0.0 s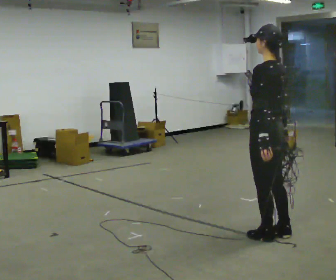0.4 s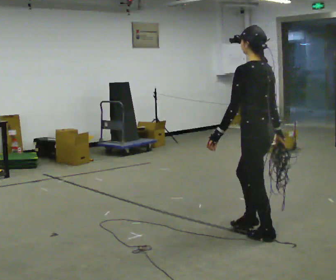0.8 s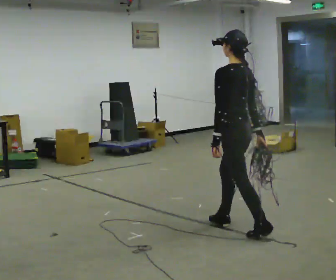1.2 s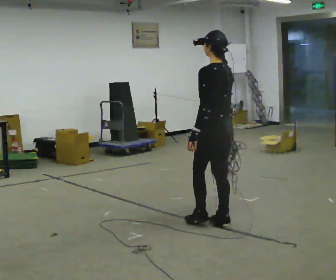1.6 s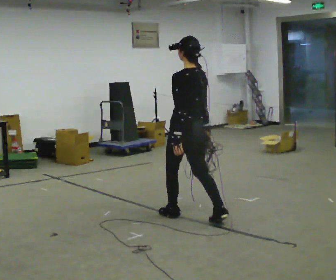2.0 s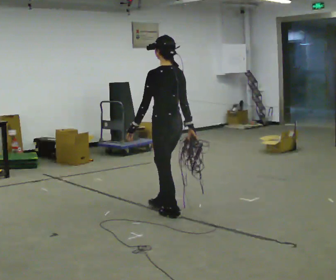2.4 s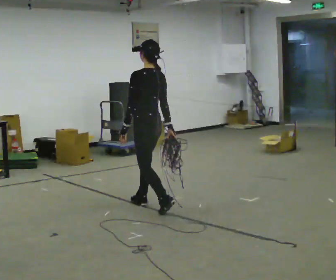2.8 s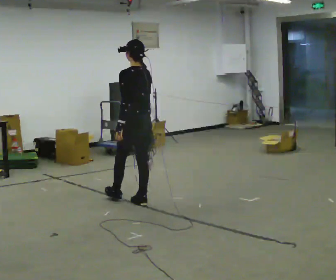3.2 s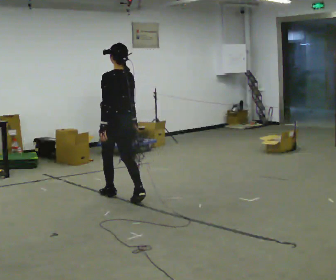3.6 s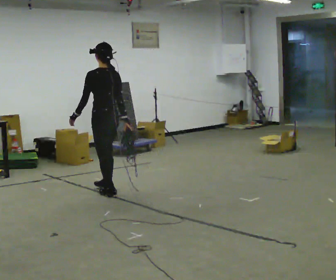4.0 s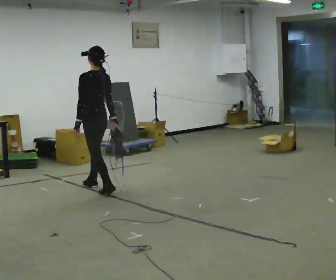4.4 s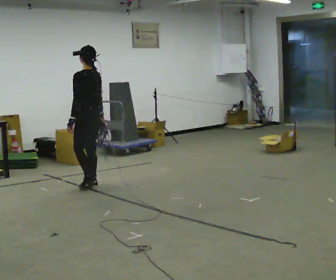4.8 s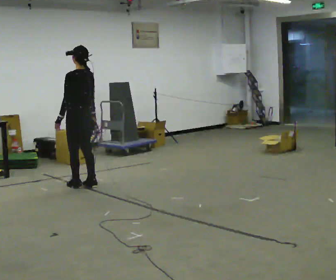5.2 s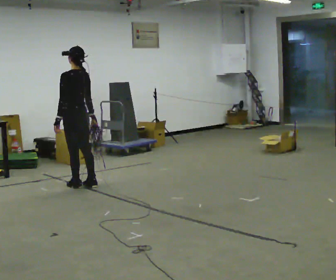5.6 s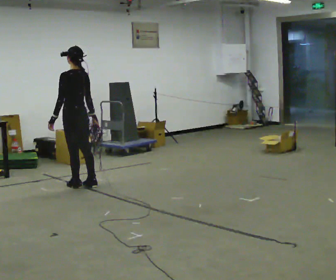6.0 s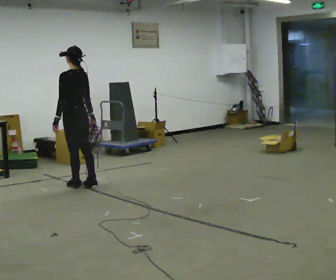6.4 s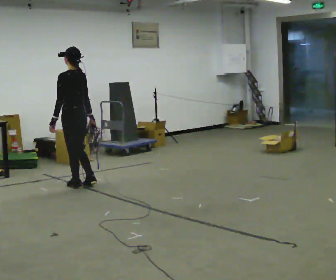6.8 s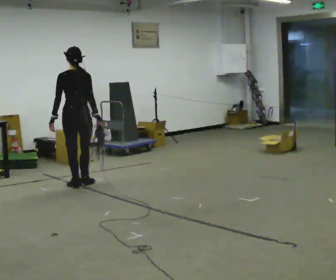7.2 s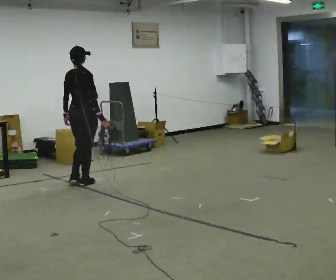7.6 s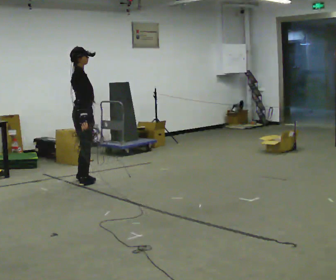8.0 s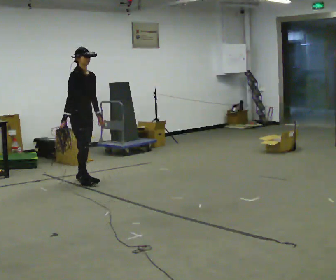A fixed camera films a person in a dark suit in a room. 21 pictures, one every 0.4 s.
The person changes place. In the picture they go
away from the camera.
0.0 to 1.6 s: In the picture they go away from the camera and to the left, about 1 m in 2 steps, which for them is forward.
1.6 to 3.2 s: In the picture they go away from the camera and to the left, about 1 m in 2 steps, which for them is forward.
3.2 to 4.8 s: In the picture they go away from the camera and to the left, about 0.75 m in 2 steps, which for them is forward.
4.8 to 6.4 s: The person moves a little, or ends about where they began.
6.4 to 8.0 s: The part of the body nearest the lens slides to the left as the person turns to their right by about 180 degrees. In the picture they go away from the camera, about 0.25 m in 2 steps.
The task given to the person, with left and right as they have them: Pick up the coiled hose, carry it across the room, and set it down. It will move around as you walk. Keep going until the operator says stop; one object at a time, and do not rush between trips.
The film runs forward here.
